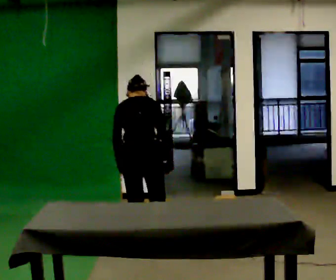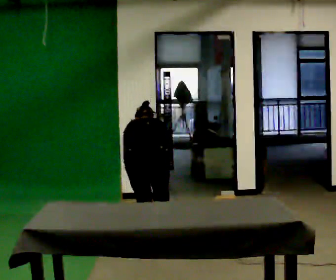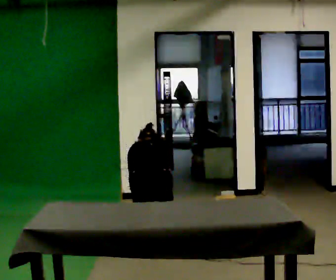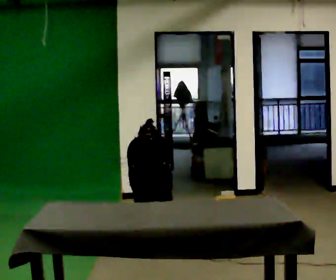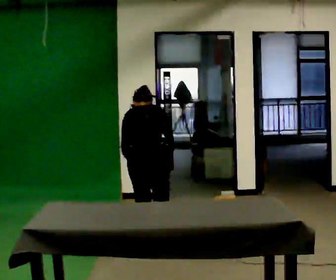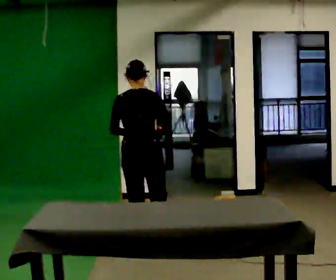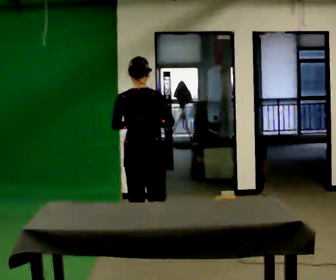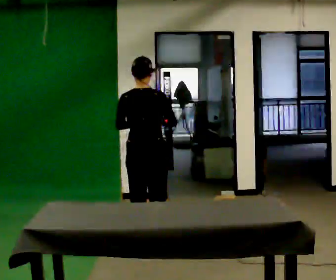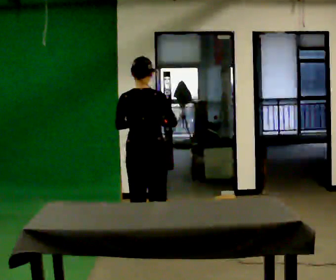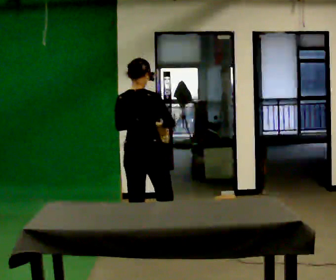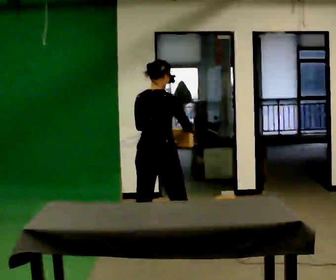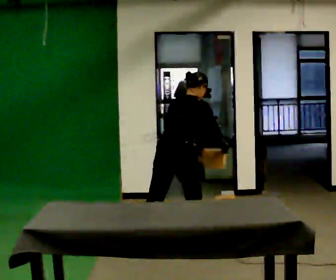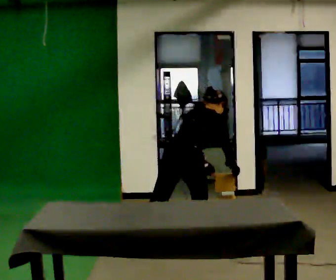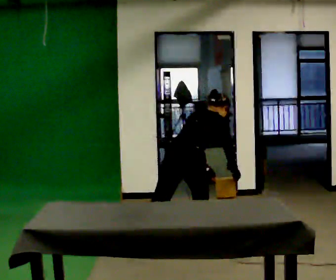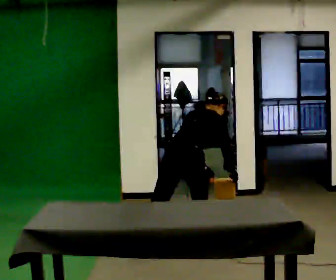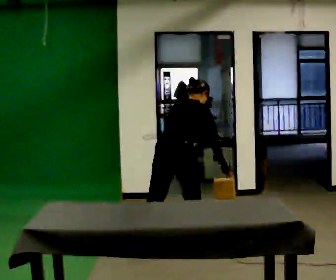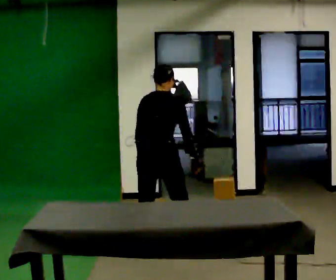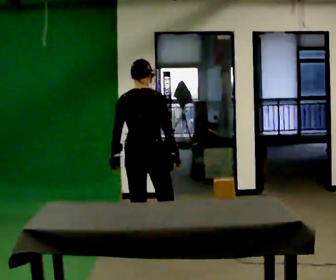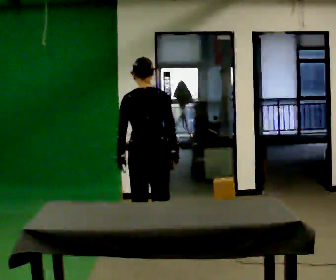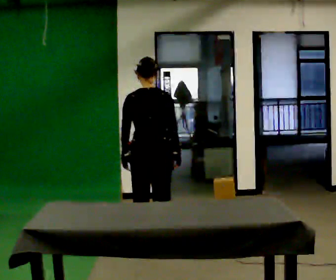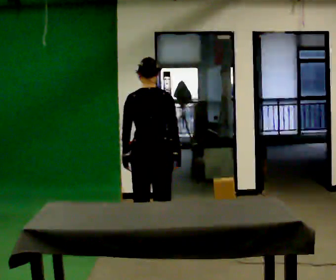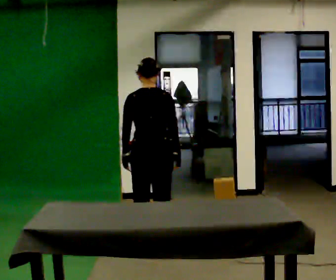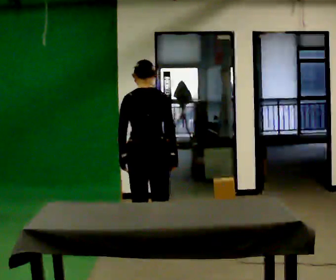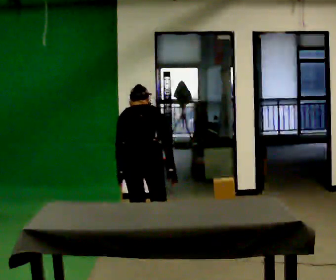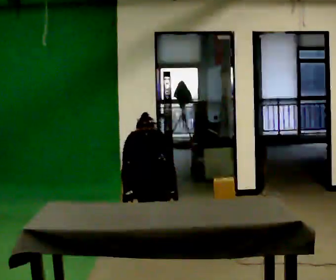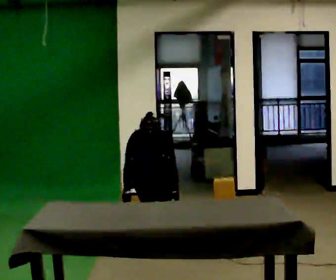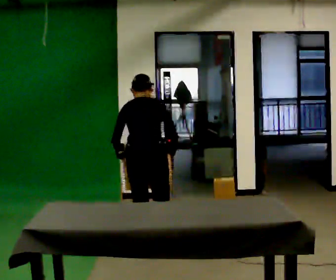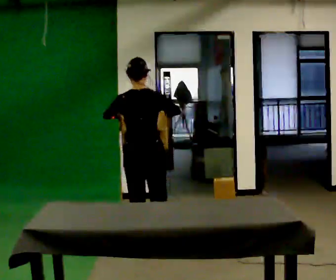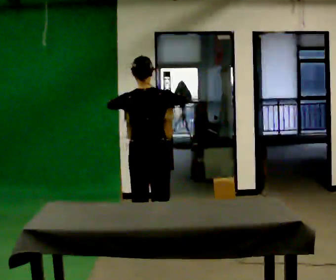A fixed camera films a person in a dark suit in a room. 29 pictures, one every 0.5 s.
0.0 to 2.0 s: The person moves a little, or ends about where they began.
2.0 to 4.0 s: The shoulders move upward. The upper body tips toward the camera, its near side rolling downward, as they lean back or straighten. In the picture their left hand goes upward.
4.0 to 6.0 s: In the picture they go to the right, about 0.25 m in 1 step, which for them is to their right and forward. The shoulders move downward. The upper body tips away from the camera, its near side rolling upward, as they bend forward. In the picture their right hand goes downward.
6.0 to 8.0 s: In the picture they go to the left, about 0.25 m, which for them is to their left and backward. The upper body goes upward. In the picture the upper body tilts counterclockwise, shoulders to the left, as they lean back or straighten. In the picture their left hand goes to the left.
8.0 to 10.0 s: The person moves a little, or ends about where they began.
10.0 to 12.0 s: The upper body goes downward. The upper body tips away from the camera, its near side rolling upward, as they bend forward. In the picture their right hand goes downward.
12.0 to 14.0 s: The upper body goes upward. The upper body tips toward the camera, its near side rolling downward, as they lean back or straighten. In the picture their left hand goes upward.
The film runs forward here.
